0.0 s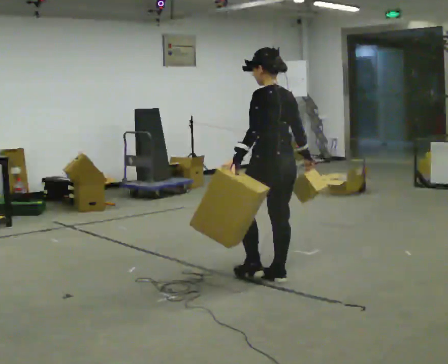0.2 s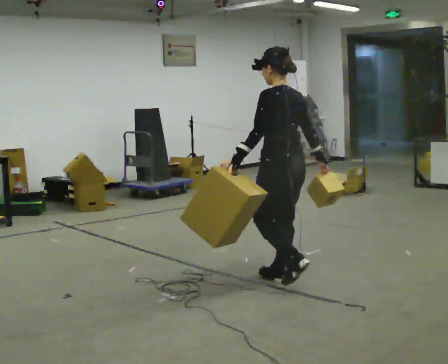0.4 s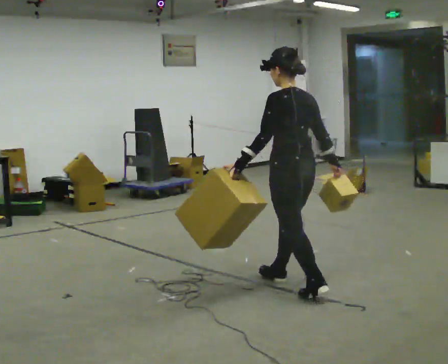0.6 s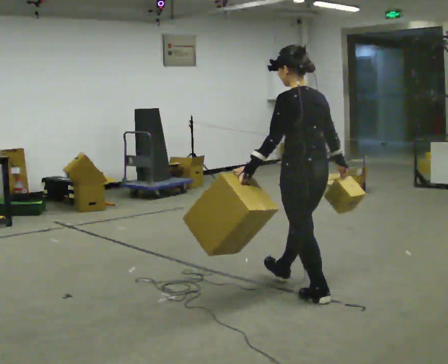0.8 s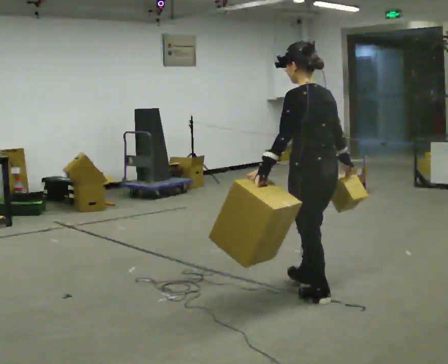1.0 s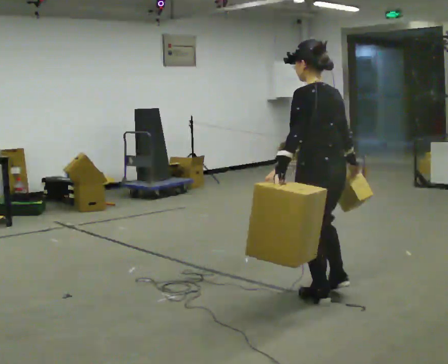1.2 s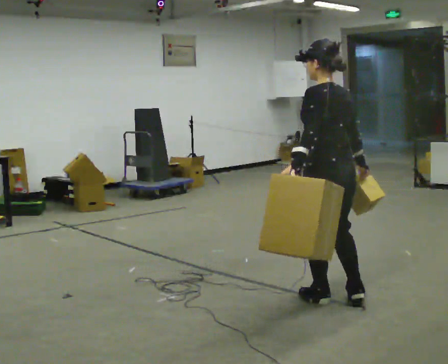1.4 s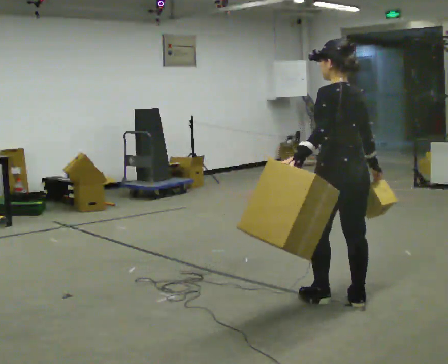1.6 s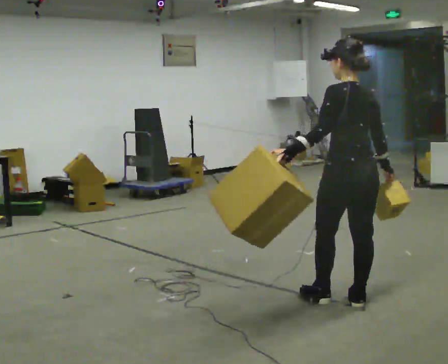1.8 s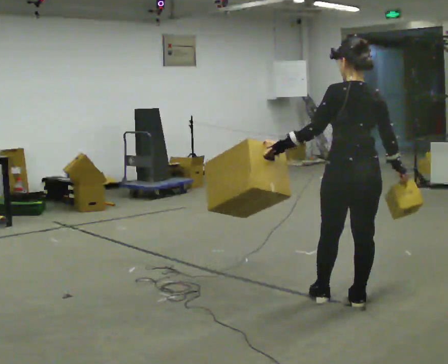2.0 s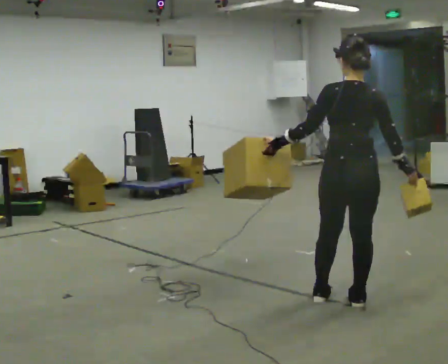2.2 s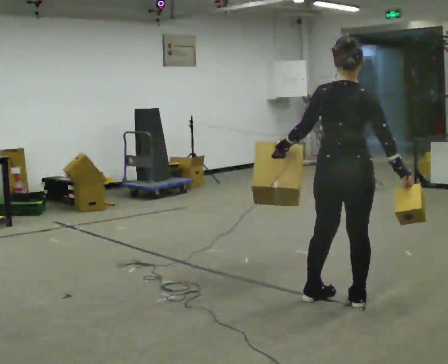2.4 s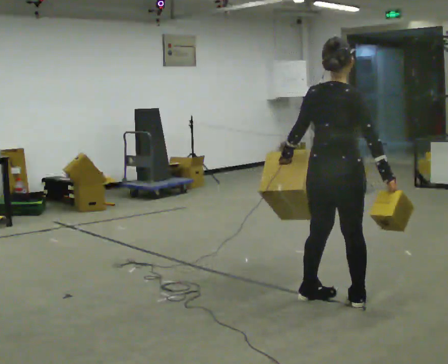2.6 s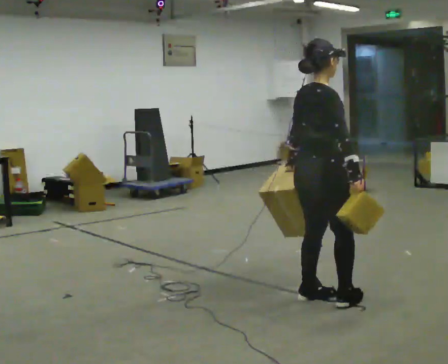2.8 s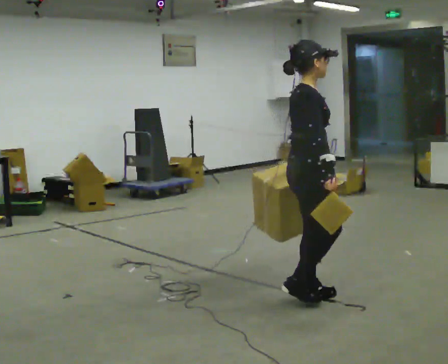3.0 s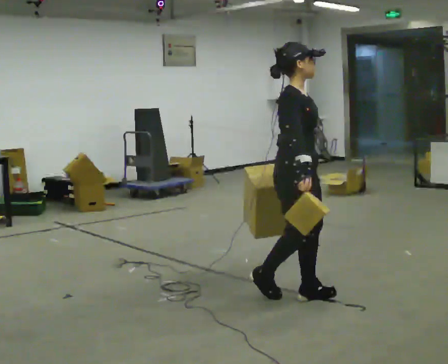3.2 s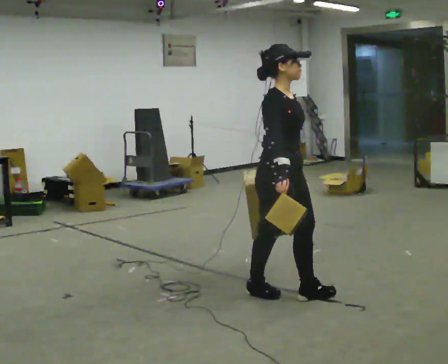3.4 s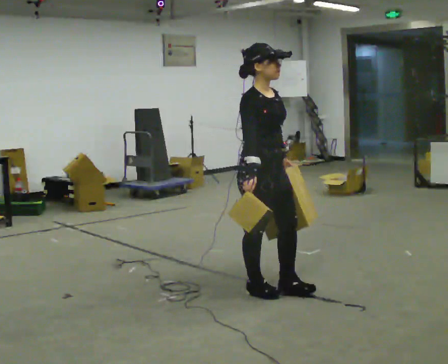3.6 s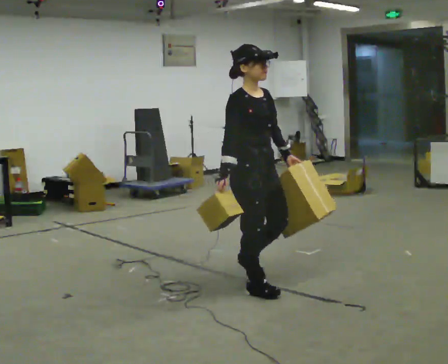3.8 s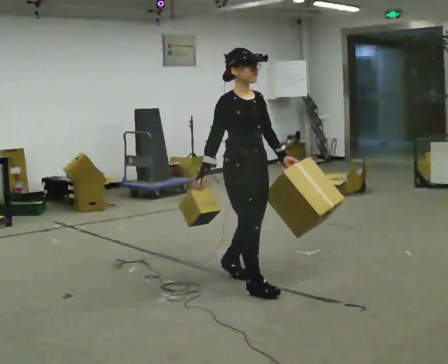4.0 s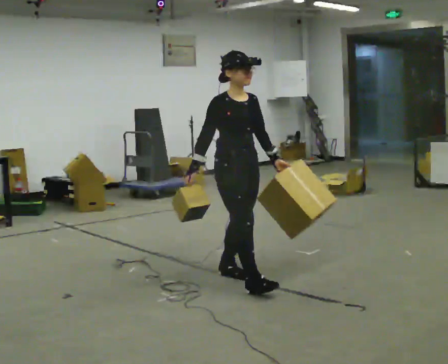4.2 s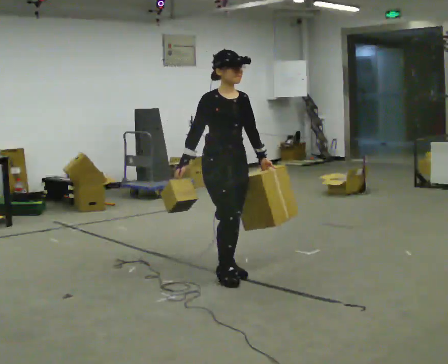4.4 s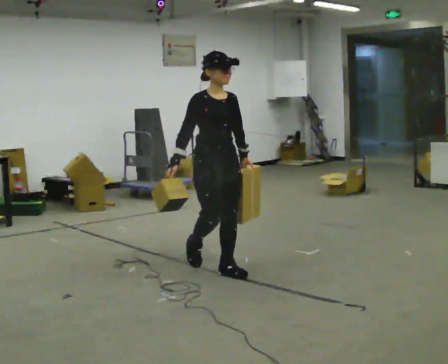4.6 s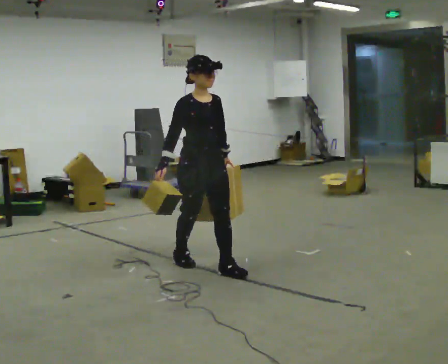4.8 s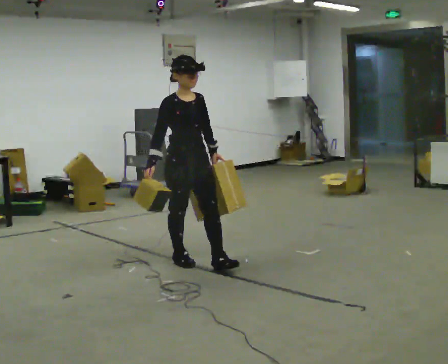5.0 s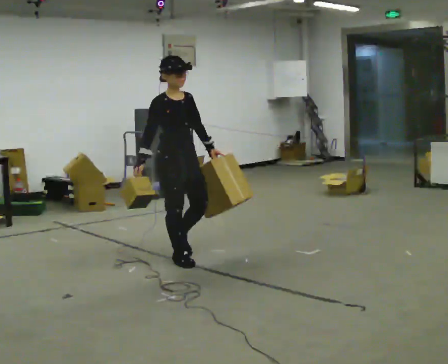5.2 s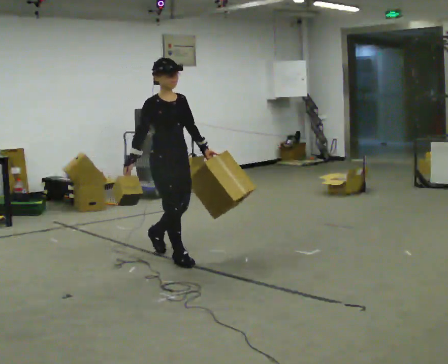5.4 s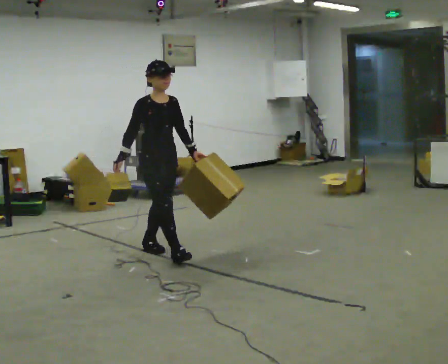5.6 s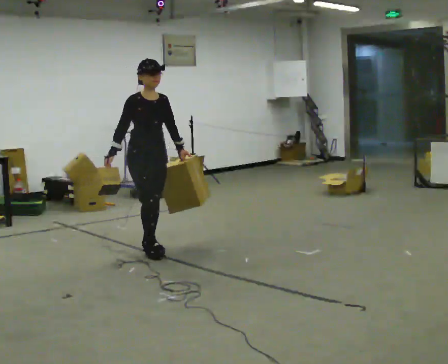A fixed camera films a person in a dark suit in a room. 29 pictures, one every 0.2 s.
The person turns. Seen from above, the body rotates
clockwise.
The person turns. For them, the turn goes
to their right.
0.0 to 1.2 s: In the picture they go toward the camera and to the right, about 0.5 m in 1 step, which for them is backward.
1.2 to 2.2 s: The person turns about 45 degrees to their right, clockwise seen from above, so the part of the body nearest the lens slides to the left.
2.2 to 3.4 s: The part of the body nearest the lens slides to the left as the person turns to their right by about 105 degrees. In the picture they go to the left and away from the camera, about 0.5 m in 2 steps.
3.4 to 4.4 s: The part of the body nearest the lens slides to the left as the person turns to their right by about 30 degrees. In the picture they go away from the camera and to the left, about 0.5 m in 1 step, which for them is backward.
4.4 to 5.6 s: In the picture they go to the left and away from the camera, about 1 m in 2 steps, which for them is backward.
The film runs backward here.
